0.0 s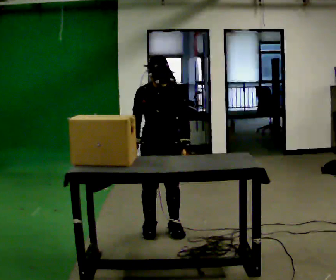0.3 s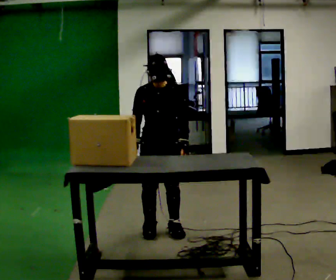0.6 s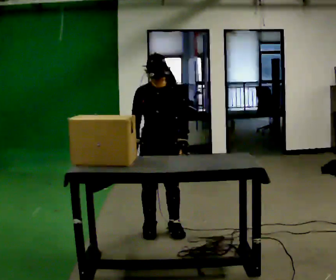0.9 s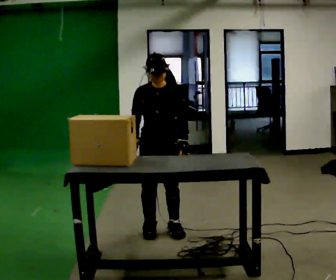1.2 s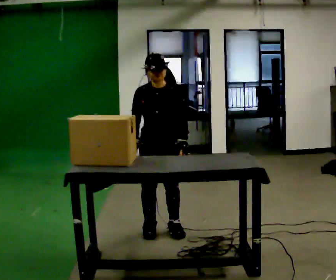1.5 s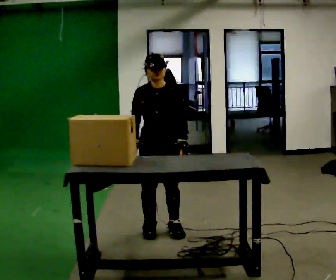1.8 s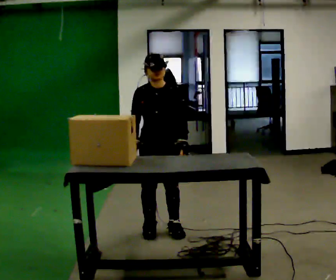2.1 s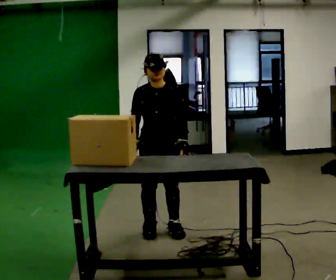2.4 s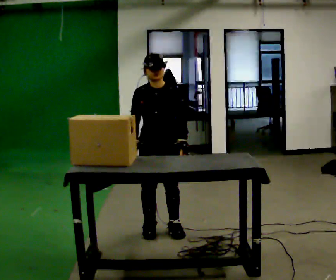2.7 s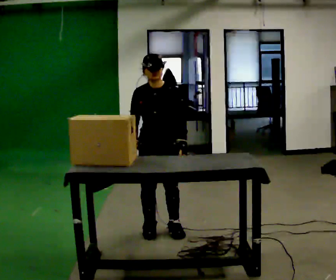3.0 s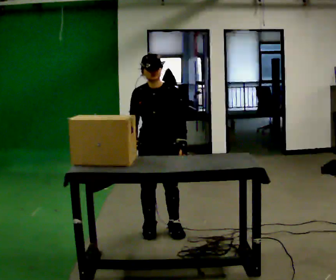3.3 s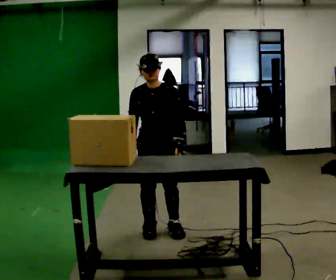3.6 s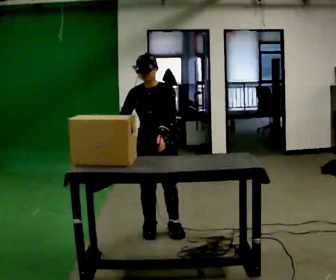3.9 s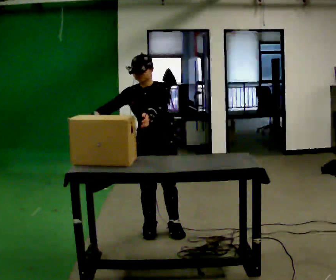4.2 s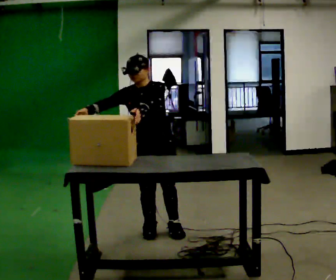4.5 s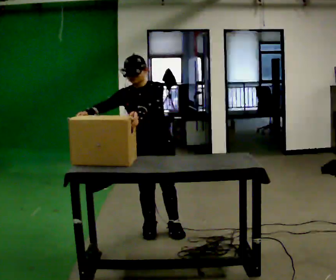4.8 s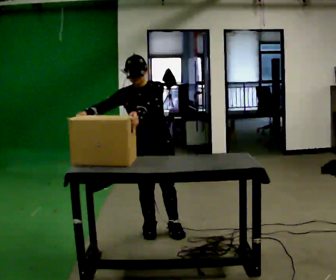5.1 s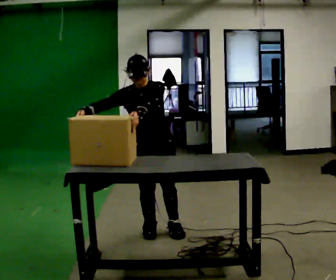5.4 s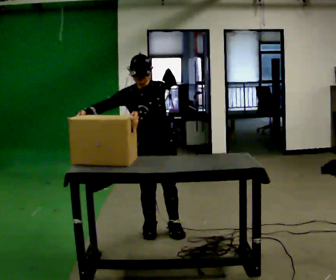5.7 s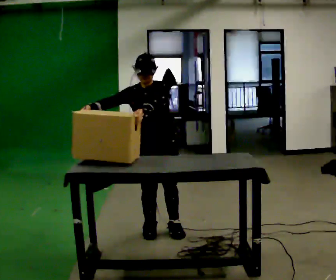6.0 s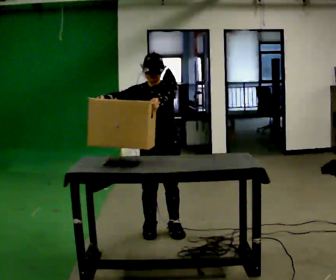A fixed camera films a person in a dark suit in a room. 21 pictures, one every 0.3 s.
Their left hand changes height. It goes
upward.
0.0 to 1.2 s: The person moves a little, or ends about where they began.
1.2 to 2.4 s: The person keeps their place and pose.
2.4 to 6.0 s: In the picture their left hand goes upward.
The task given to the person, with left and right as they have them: Lift the heavy object with both hands and set it down again in a different spot on the same surface. Repeat at your own pace until the operator says stop. Keep both feet on the marked spots for the whole take. If you have to step, stop and tell the operator.
The film runs forward here.
